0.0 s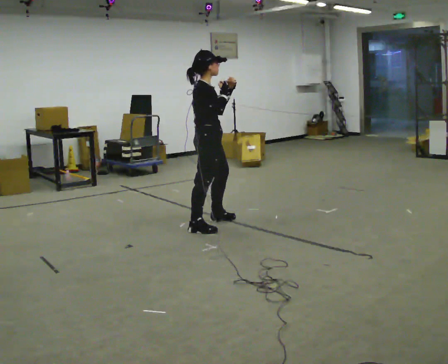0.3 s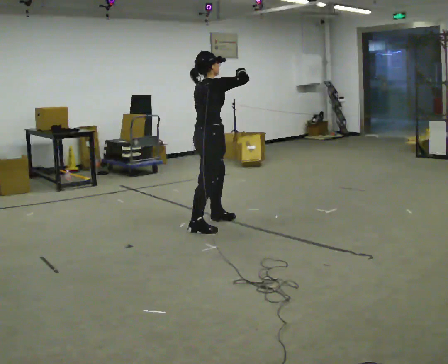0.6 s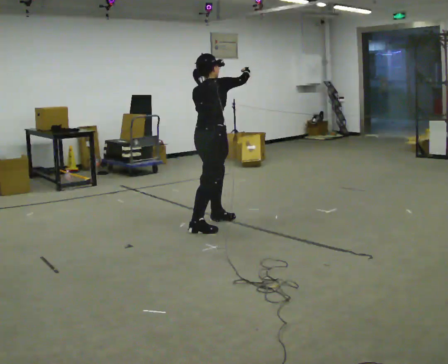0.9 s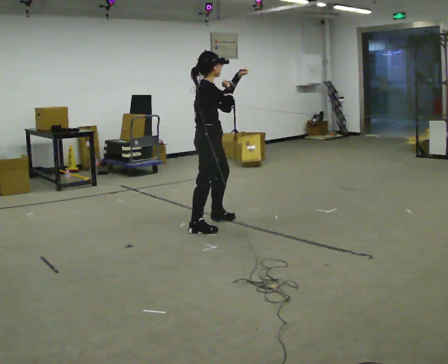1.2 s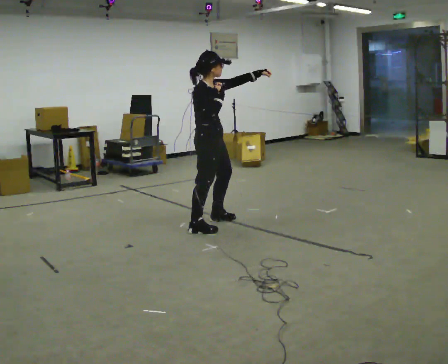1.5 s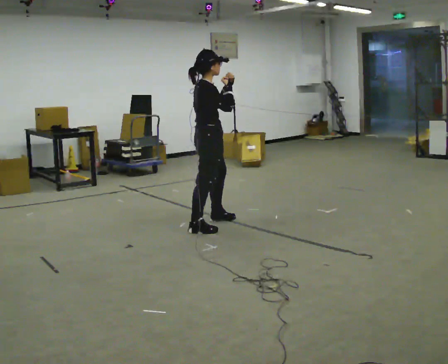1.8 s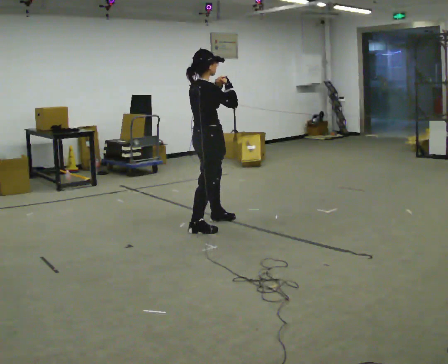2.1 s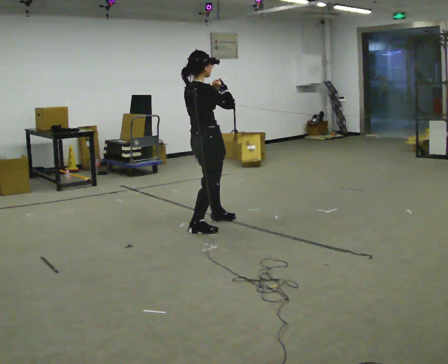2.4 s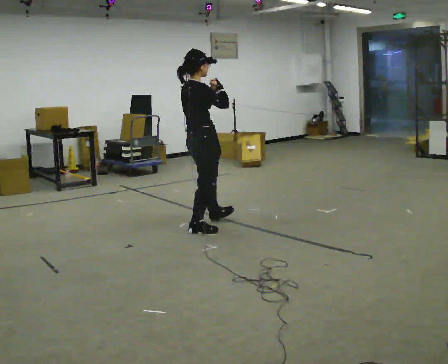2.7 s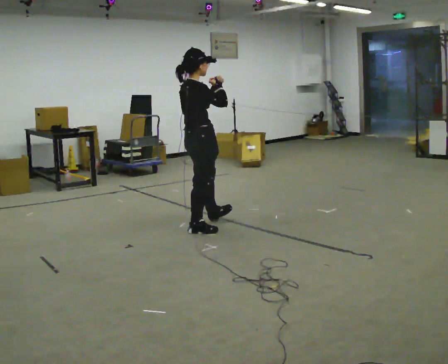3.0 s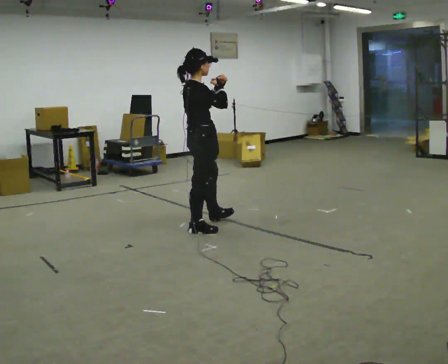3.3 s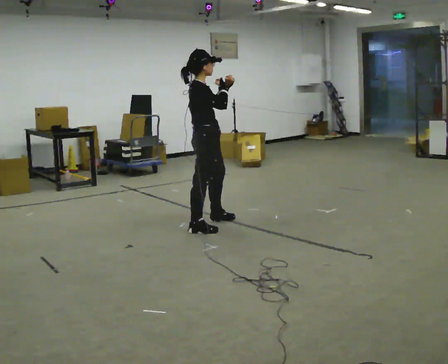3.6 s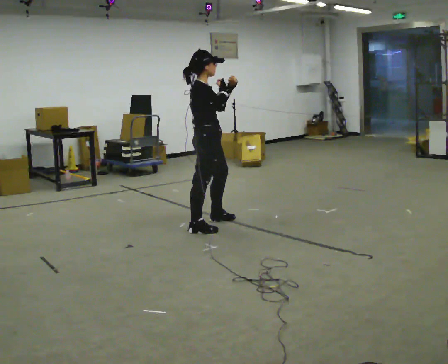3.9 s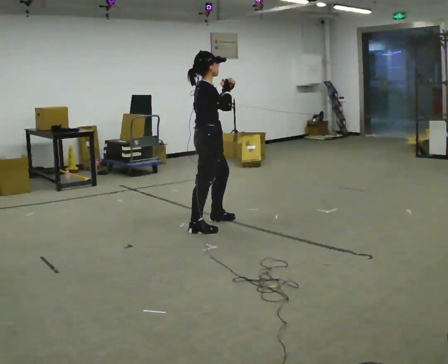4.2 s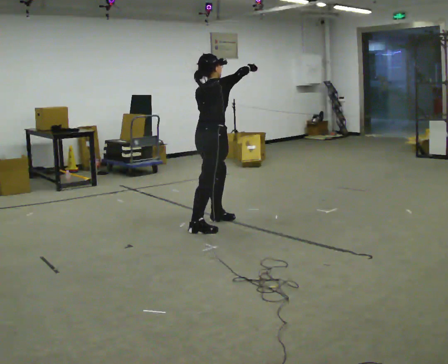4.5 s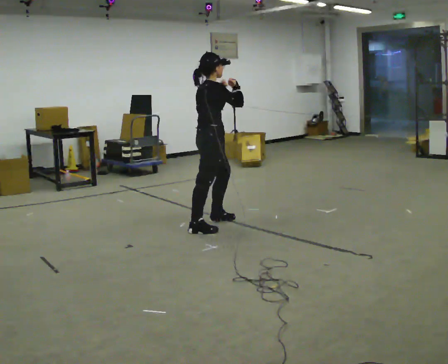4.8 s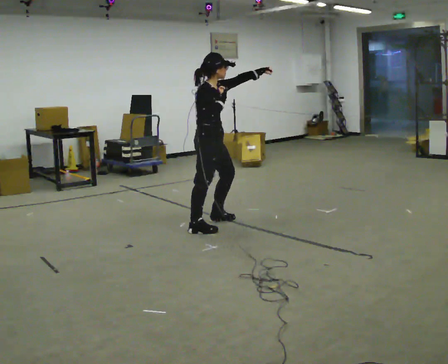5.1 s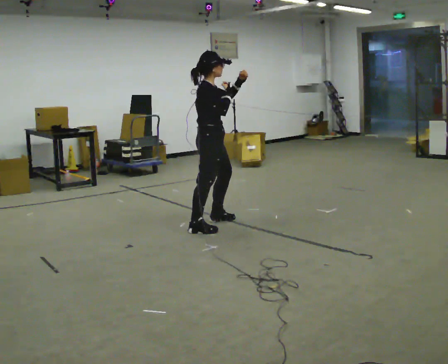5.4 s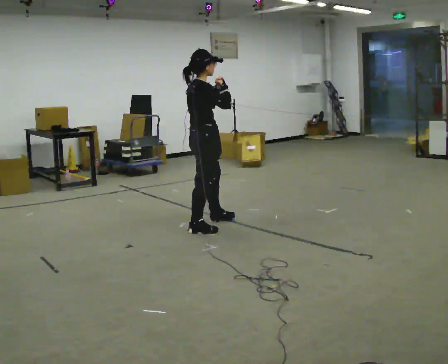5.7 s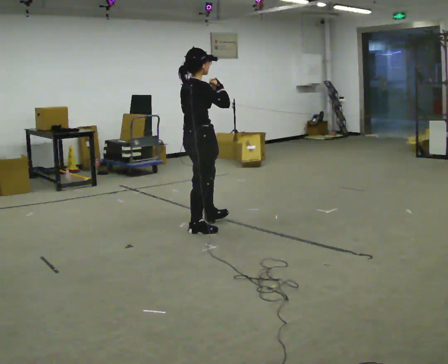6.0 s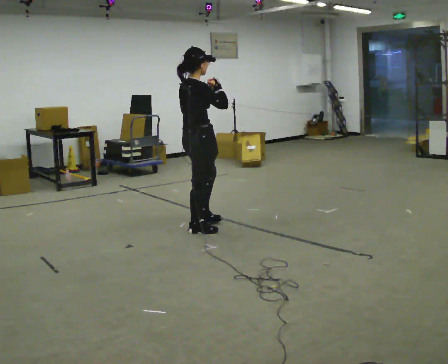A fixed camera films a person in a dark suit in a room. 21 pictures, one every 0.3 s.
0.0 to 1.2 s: The person moves a little, or ends about where they began.
1.2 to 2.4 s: Seen from above the body turns counterclockwise, about 30 degrees: to their left, with its near side sliding to the right. In the picture they go toward the camera, about 0.25 m, which for them is to their right and backward. In the picture their left hand goes to the left.
2.4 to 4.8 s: Seen from above the body turns clockwise, about 30 degrees: to their right, with its near side sliding to the left. In the picture they go away from the camera, about 0.25 m, which for them is to their left. In the picture their left hand goes to the right.
4.8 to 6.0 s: The person turns about 45 degrees to their left, counterclockwise seen from above, so the part of the body nearest the lens slides to the right. In the picture they go toward the camera, about 0.25 m in 1 step, which for them is to their right and backward.
The film runs forward here.
